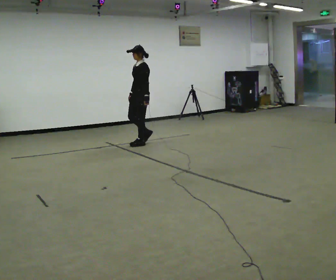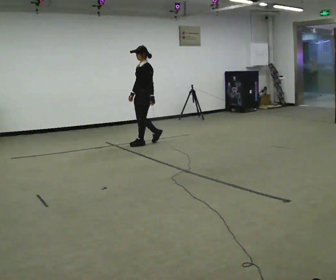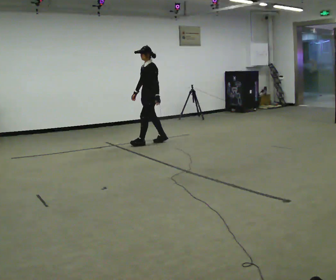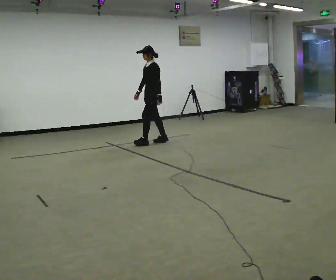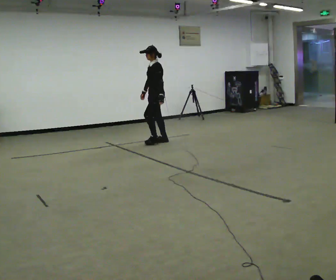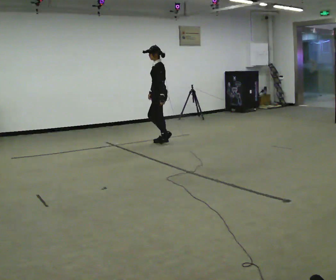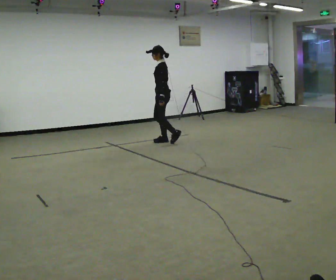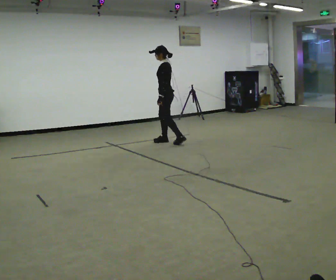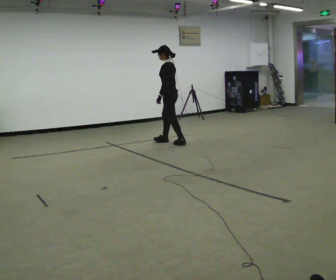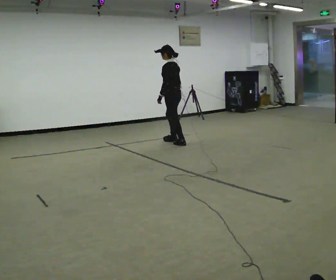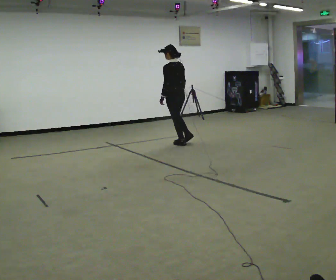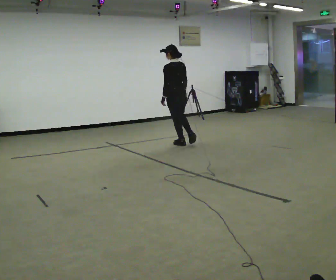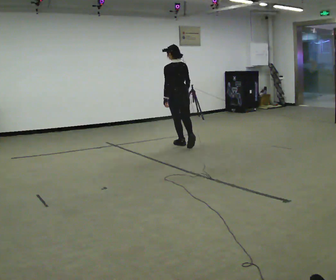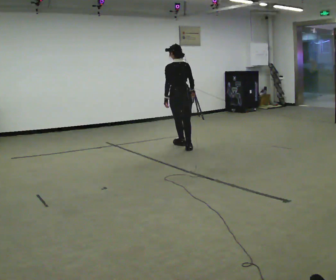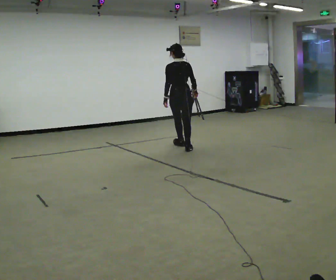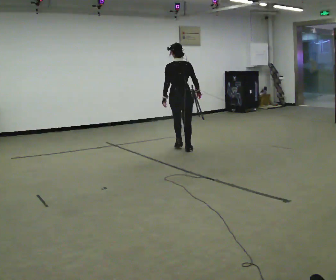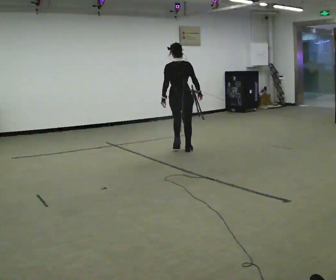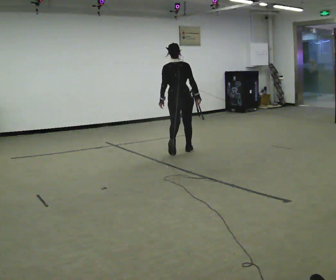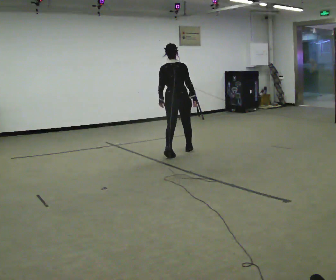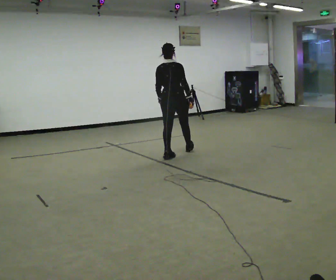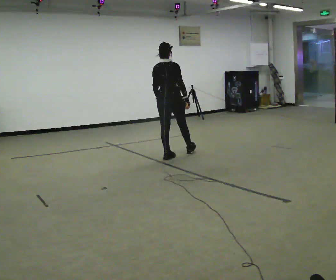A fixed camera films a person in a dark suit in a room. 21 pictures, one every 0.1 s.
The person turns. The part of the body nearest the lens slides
to the left.
The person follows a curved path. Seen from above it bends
clockwise.
0.0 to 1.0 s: The person turns about 75 degrees to their right, clockwise seen from above, so the part of the body nearest the lens slides to the left. In the picture they go to the right, about 0.5 m in 2 steps.
1.0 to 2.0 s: The person turns about 75 degrees to their right, clockwise seen from above, so the part of the body nearest the lens slides to the left. In the picture they go toward the camera, about 0.5 m in 2 steps.
The film runs backward here.
